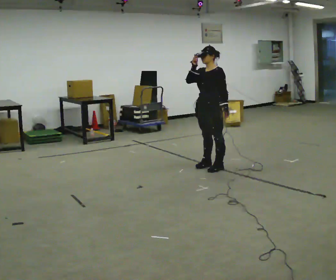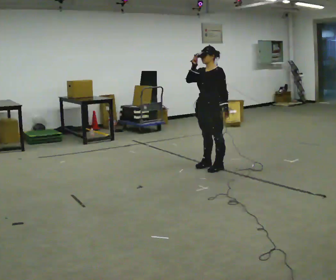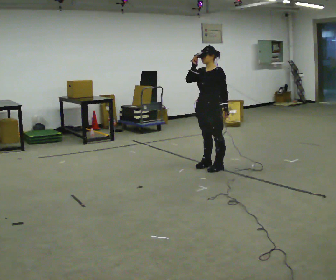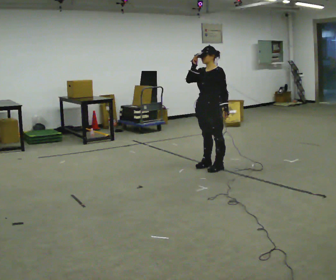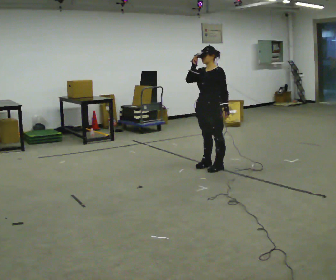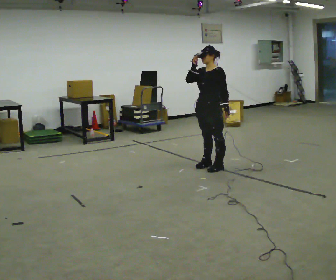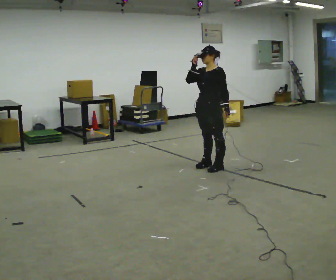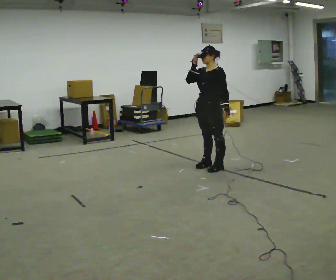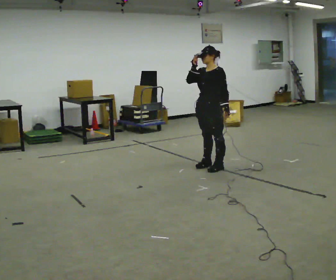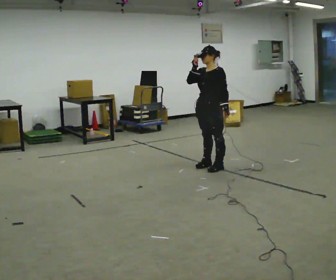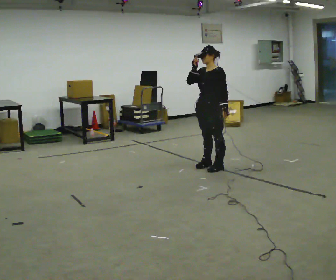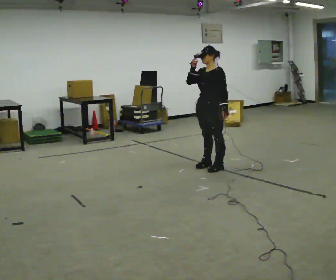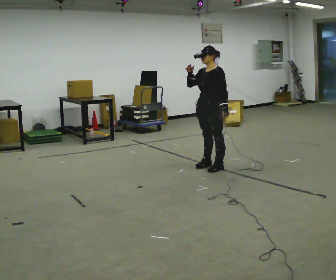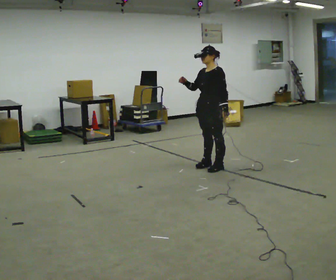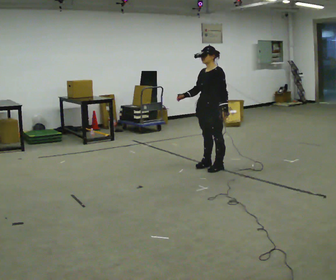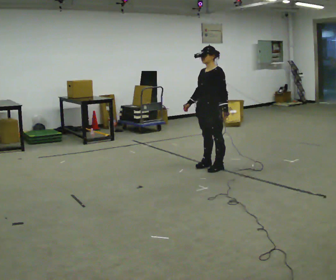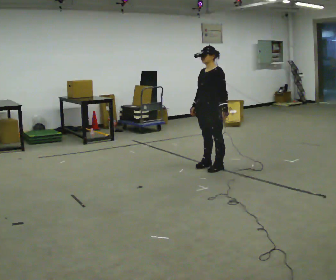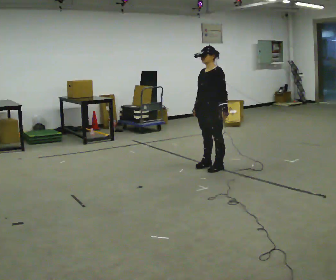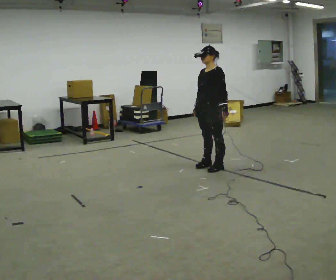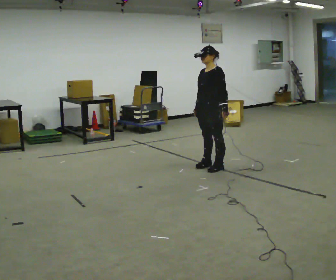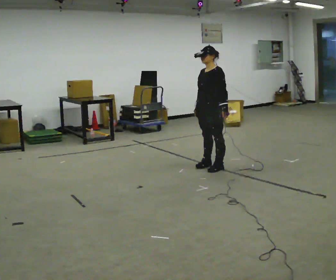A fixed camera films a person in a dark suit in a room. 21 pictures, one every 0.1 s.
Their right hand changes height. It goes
downward.
0.0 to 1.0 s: The person keeps their place and pose.
1.0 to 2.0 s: In the picture their right hand goes downward.
The film runs backward here.
